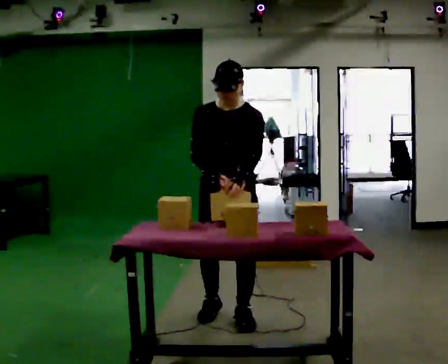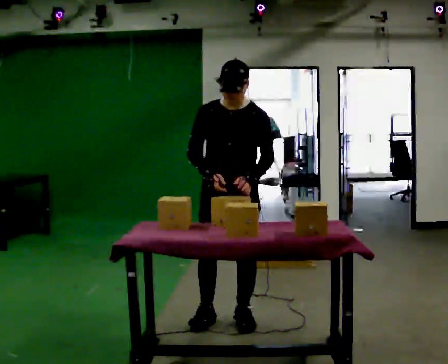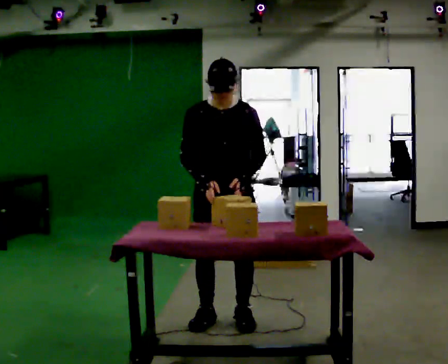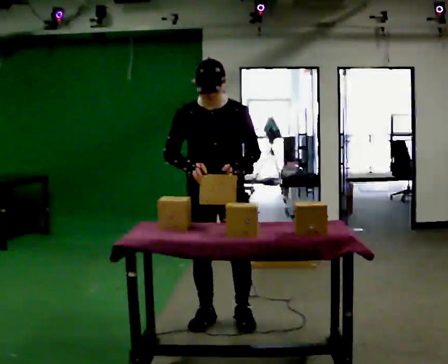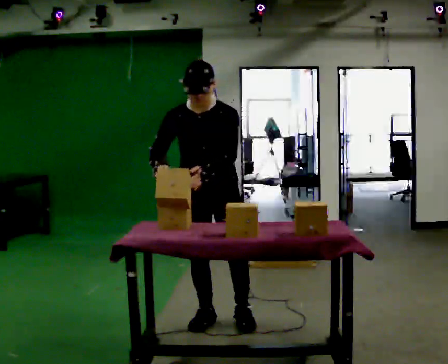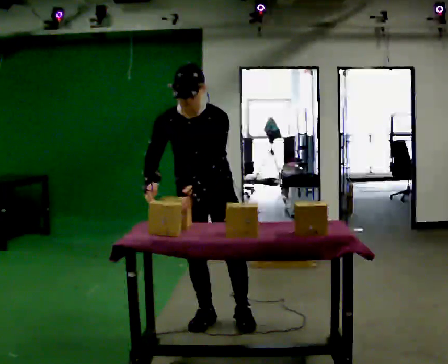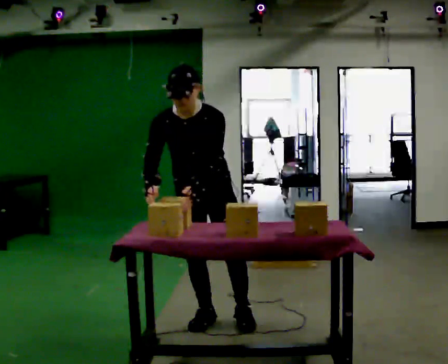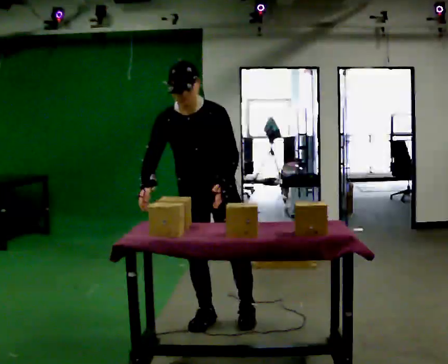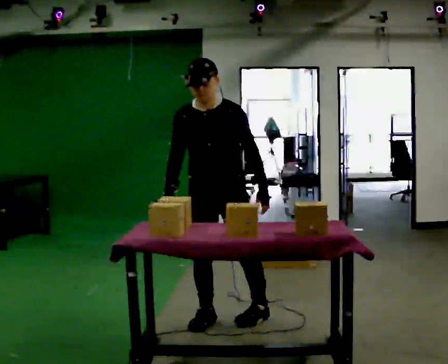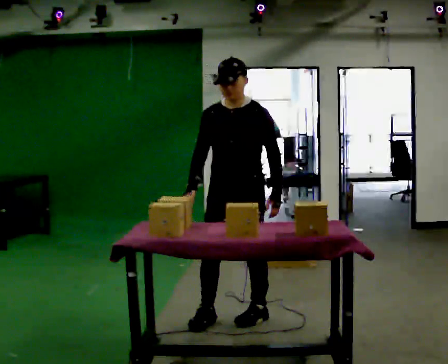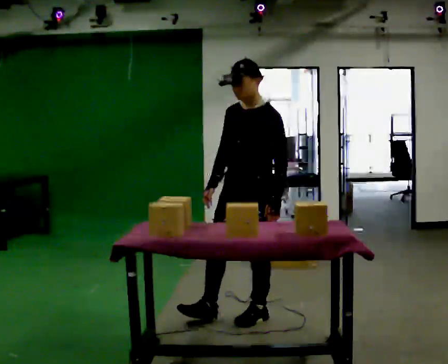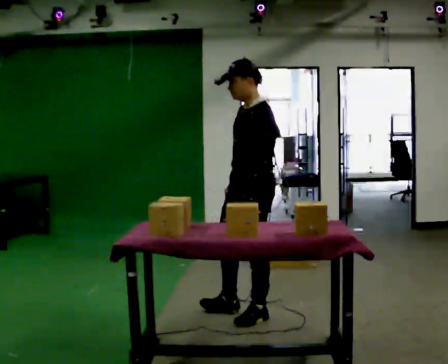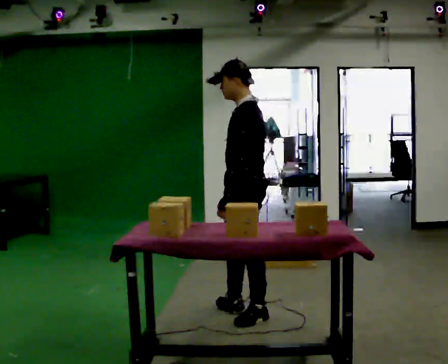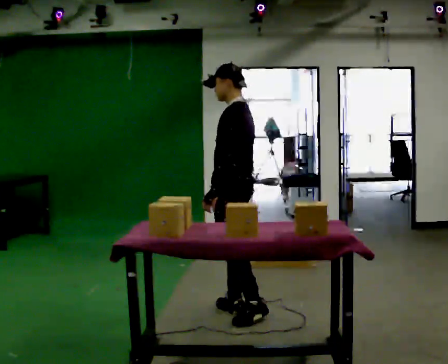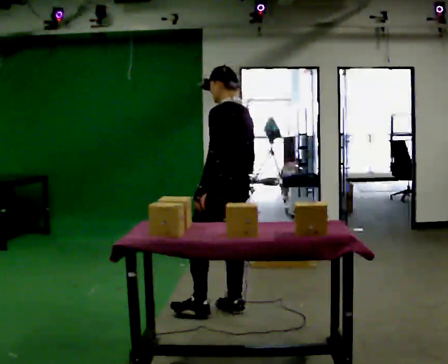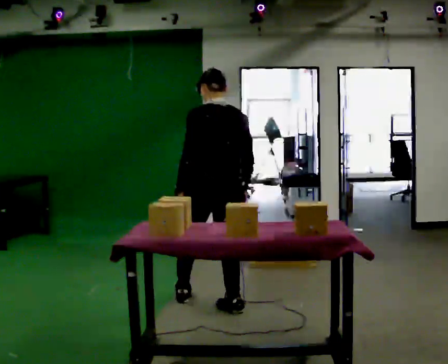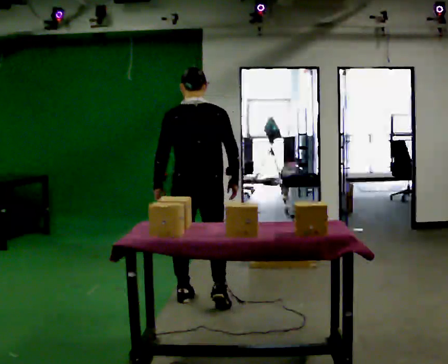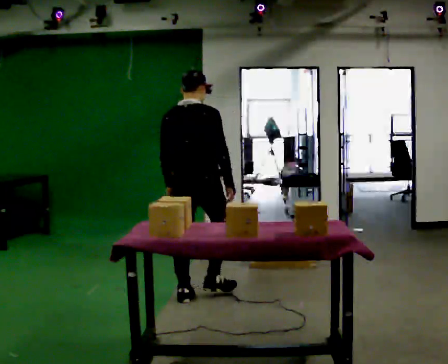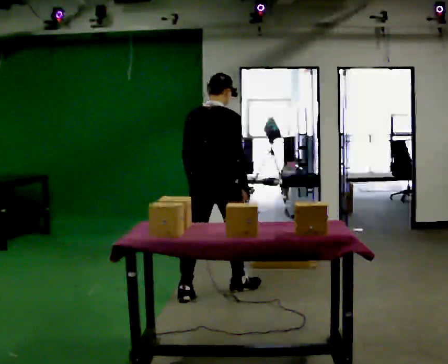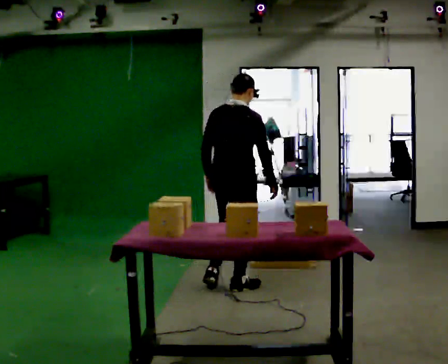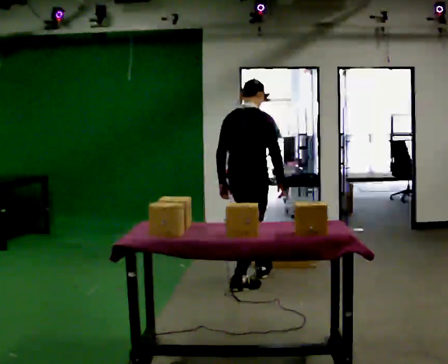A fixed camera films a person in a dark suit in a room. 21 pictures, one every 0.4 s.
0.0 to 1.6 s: In the picture their right hand goes to the left.
1.6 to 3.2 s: The person moves a little, or ends about where they began.
3.2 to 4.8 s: Seen from above the body turns clockwise, about 75 degrees: to their right, with its near side sliding to the left. In the picture they go to the right, about 0.25 m in 1 step.
4.8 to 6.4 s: The part of the body nearest the lens slides to the left as the person turns to their right by about 90 degrees. In the picture they go to the left and away from the camera, about 0.5 m in 1 step.
6.4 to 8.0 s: Seen from above the body turns clockwise, about 45 degrees: to their right, with its near side sliding to the left. In the picture they go away from the camera and to the right, about 0.75 m in 2 steps, which for them is forward.
The film runs forward here.
